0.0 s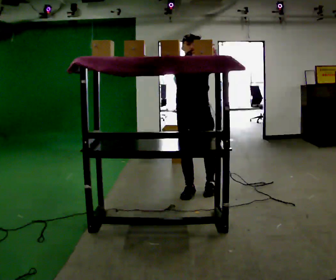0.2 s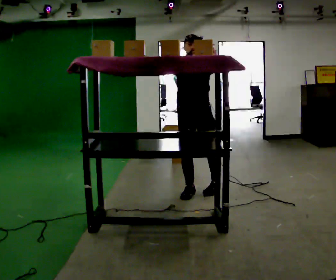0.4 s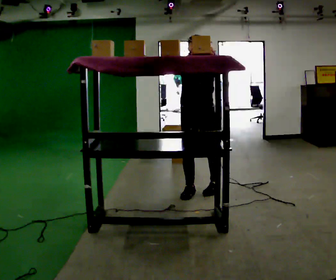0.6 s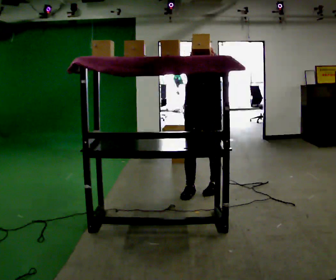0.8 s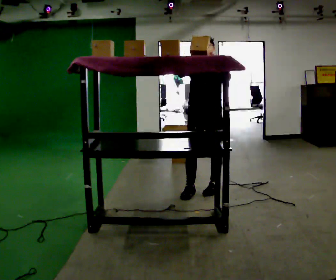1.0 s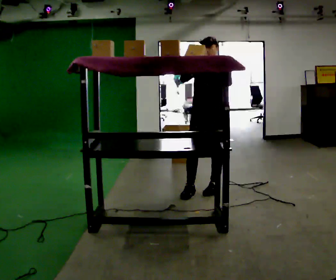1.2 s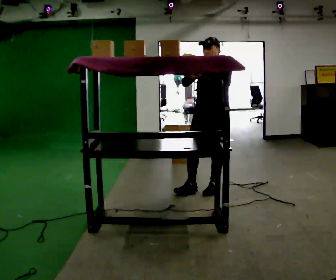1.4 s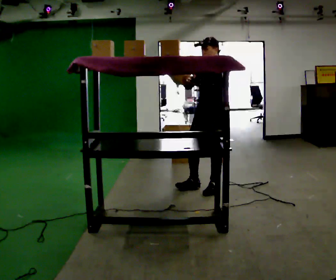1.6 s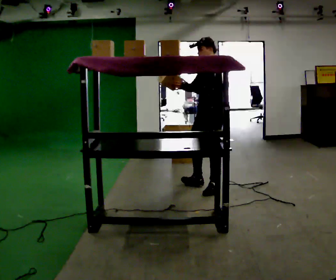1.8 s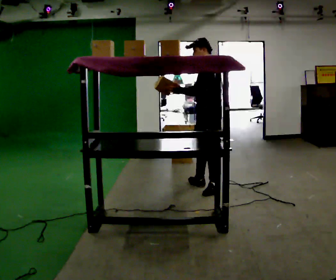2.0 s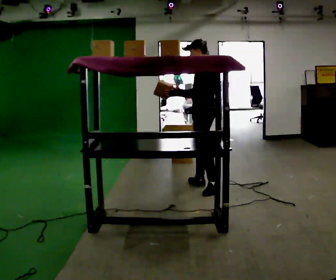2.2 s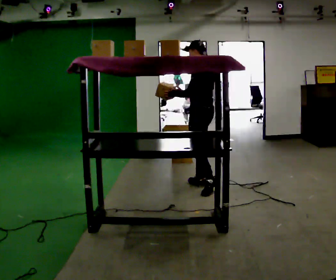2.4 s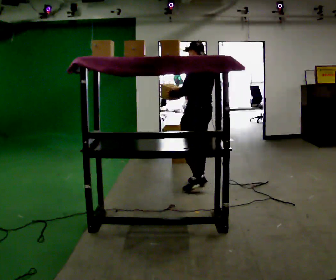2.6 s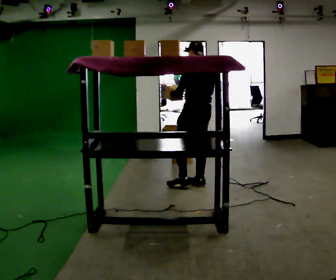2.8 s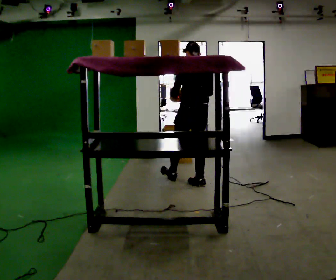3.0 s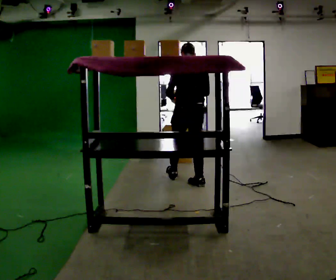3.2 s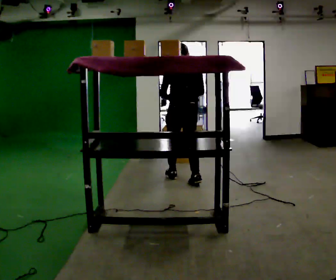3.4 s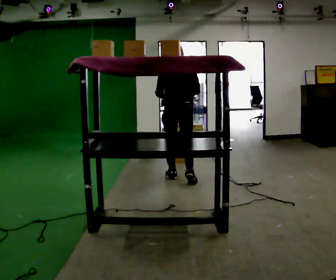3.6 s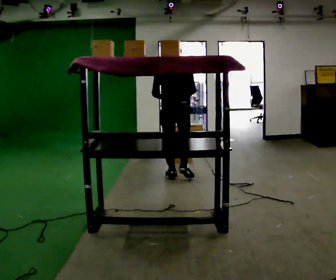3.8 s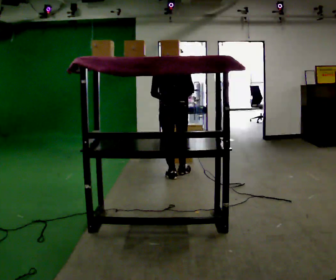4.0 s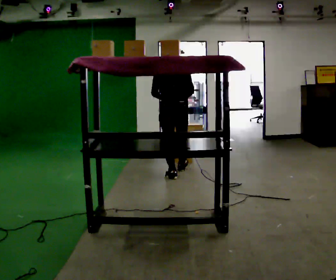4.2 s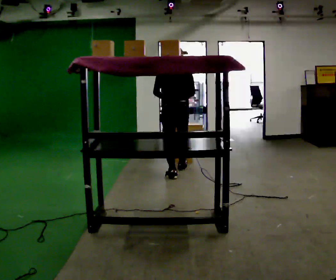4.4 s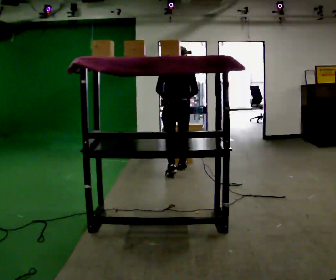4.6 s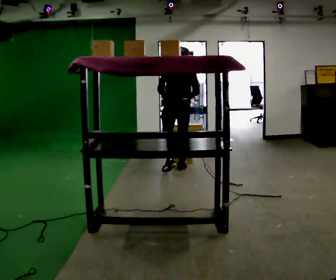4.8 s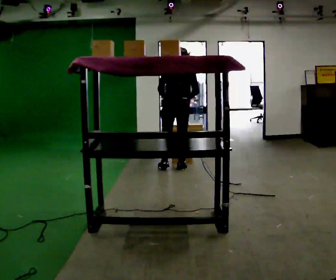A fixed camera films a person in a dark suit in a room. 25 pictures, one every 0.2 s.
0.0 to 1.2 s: The person turns about 45 degrees to their right, clockwise seen from above, so the part of the body nearest the lens slides to the left. In the picture they go to the right, about 0.25 m, which for them is to their left and backward.
1.2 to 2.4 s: Seen from above the body turns clockwise, about 90 degrees: to their right, with its near side sliding to the left. In the picture they go away from the camera, about 0.25 m in 1 step.
2.4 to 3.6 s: The part of the body nearest the lens slides to the left as the person turns to their right by about 45 degrees. In the picture they go away from the camera and to the left, about 0.5 m in 1 step, which for them is forward and to their left.
3.6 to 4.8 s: In the picture they go away from the camera, about 0.5 m in 1 step, which for them is forward.
The film runs forward here.
